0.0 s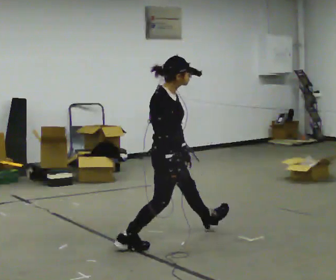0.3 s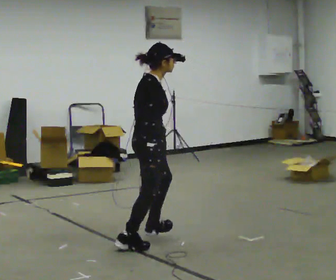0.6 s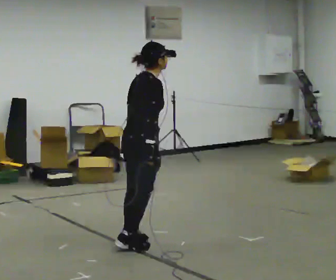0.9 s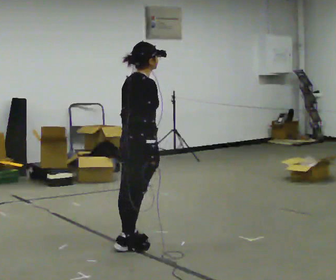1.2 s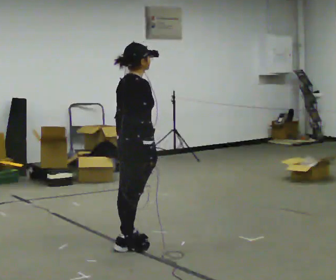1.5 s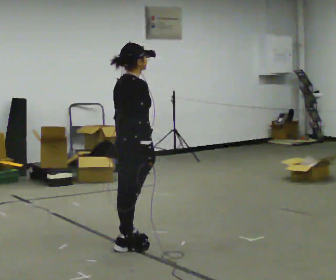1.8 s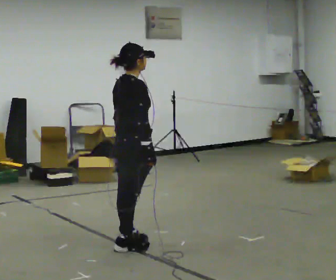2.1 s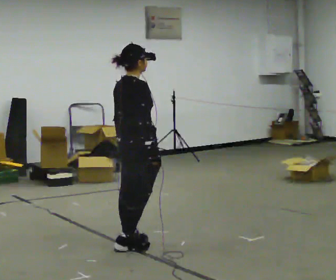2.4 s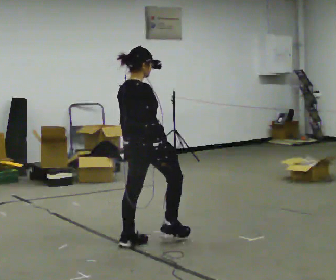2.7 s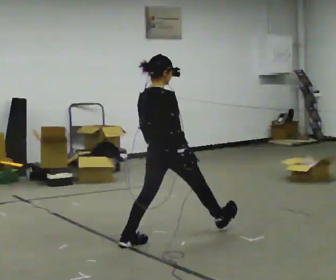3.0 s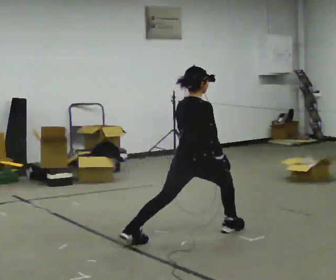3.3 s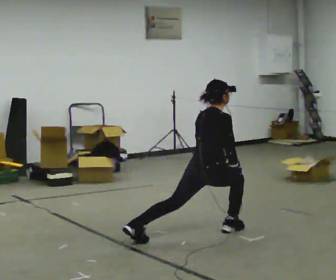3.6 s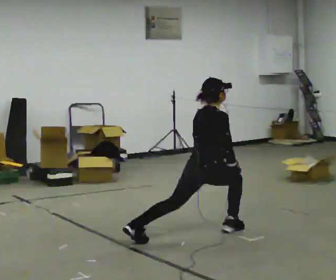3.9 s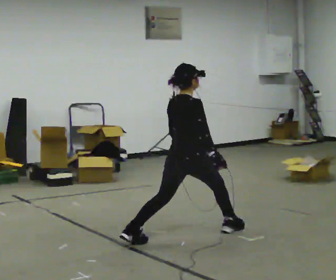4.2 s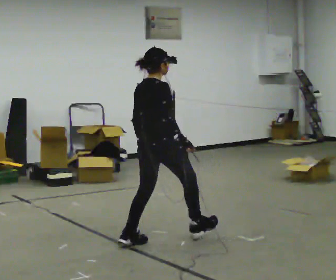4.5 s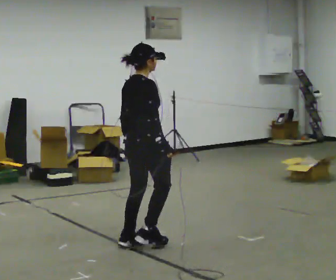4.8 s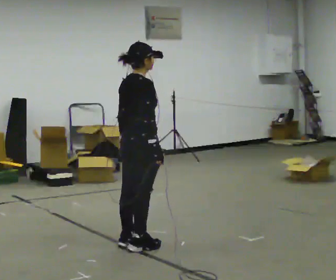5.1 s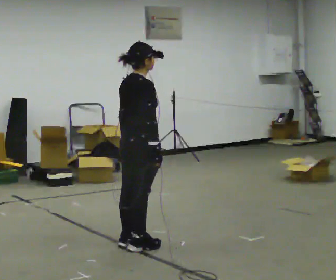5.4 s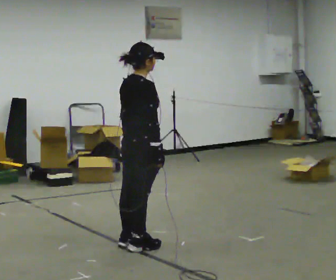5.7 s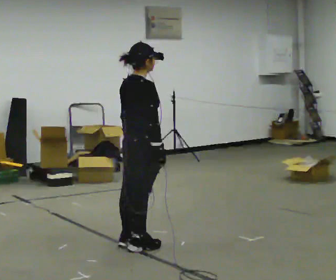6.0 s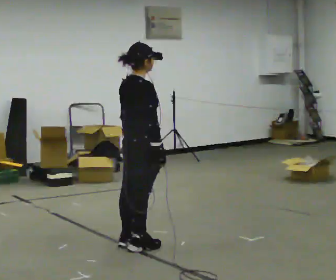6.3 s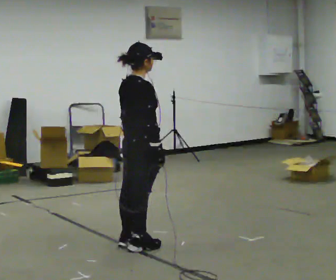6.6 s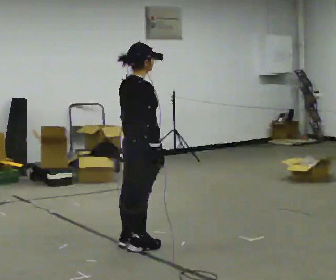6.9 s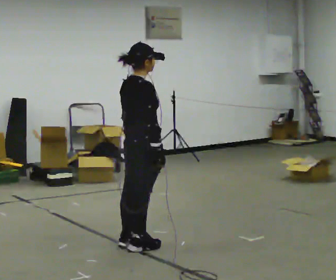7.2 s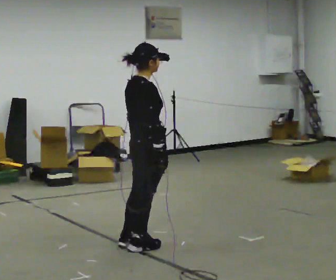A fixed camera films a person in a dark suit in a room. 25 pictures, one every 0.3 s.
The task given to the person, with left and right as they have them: Step forward into a lunge on the leg the operator calls, lowering your back knee toward the floor, then push back to standing. Then do the same stepping backward instead. Repeat the movement at your own pace until the operator says stop; do not rush.
0.0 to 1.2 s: Seen from above the body turns counterclockwise, about 45 degrees: to their left, with its near side sliding to the right. In the picture they go to the left, about 0.25 m in 1 step, which for them is backward. In the picture their left hand goes to the left.
1.2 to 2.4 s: In the picture the upper body tilts counterclockwise, shoulders to the left, as they lean back or straighten.
2.4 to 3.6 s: In the picture they go to the right and away from the camera, about 0.5 m in 1 step, which for them is forward and to their right. The upper body goes downward. In the picture the upper body tilts clockwise, shoulders to the right, as they bend forward.
3.6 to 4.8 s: In the picture they go to the left and toward the camera, about 0.5 m in 1 step, which for them is backward. The shoulders move upward.
4.8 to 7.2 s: The person moves a little, or ends about where they began.
The film runs forward here.
